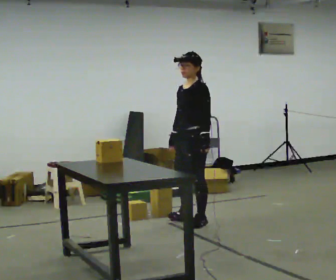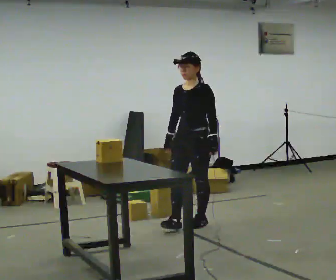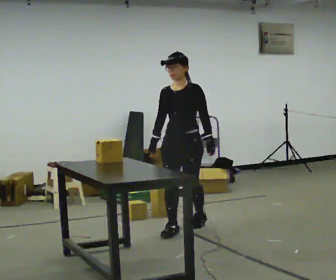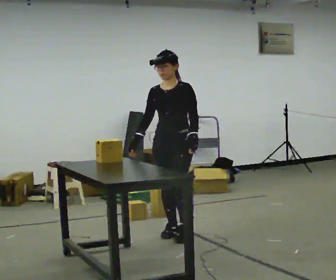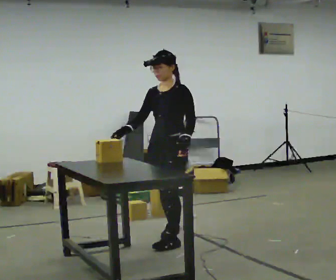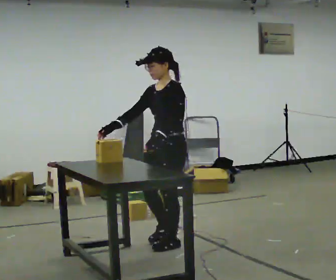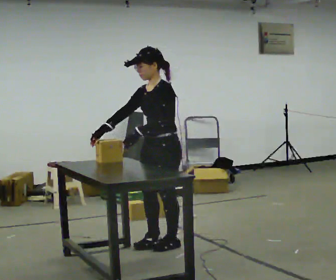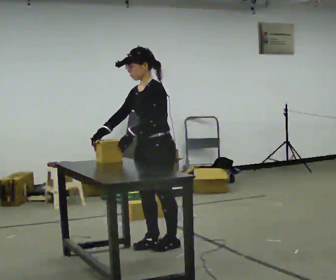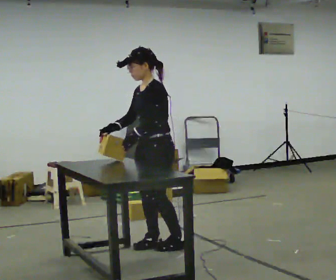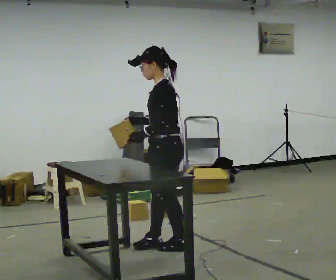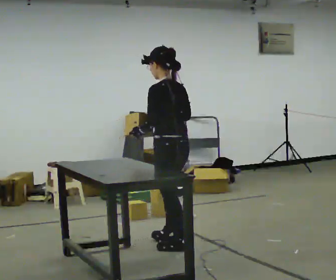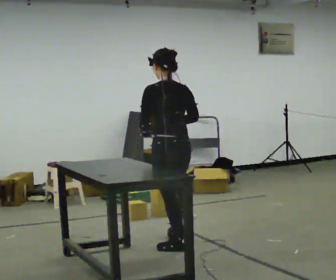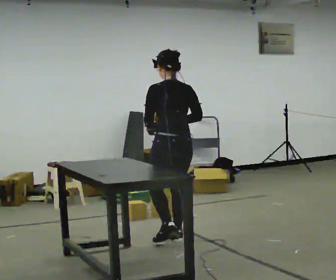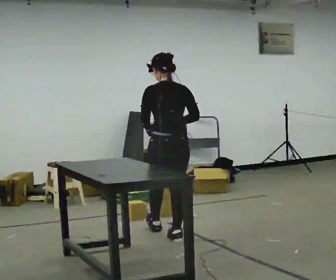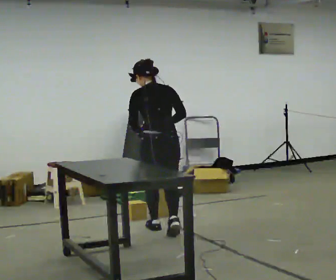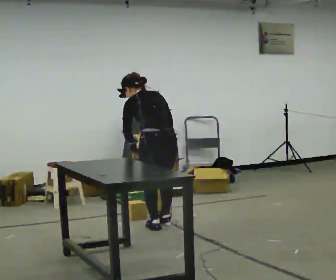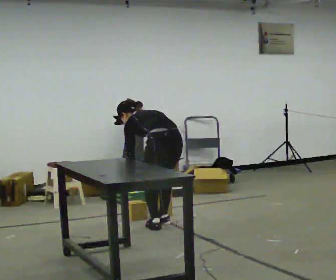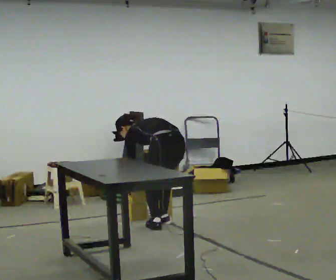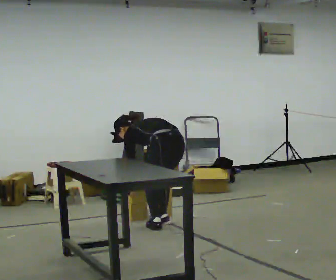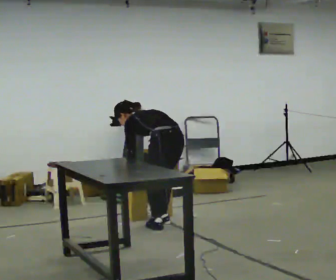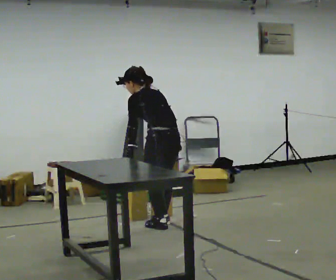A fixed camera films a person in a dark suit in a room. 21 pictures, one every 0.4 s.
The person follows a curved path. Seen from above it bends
counterclockwise.
0.0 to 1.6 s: The part of the body nearest the lens slides to the right as the person turns to their left by about 30 degrees. In the picture they go toward the camera and to the left, about 0.5 m in 2 steps, which for them is forward.
1.6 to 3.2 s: The part of the body nearest the lens slides to the left as the person turns to their right by about 30 degrees. In the picture they go toward the camera, about 0.25 m in 1 step, which for them is forward and to their left. In the picture their left hand goes to the left.
3.2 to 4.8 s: The part of the body nearest the lens slides to the left as the person turns to their right by about 90 degrees. In the picture they go away from the camera, about 0.25 m in 1 step. In the picture their right hand goes to the right.
4.8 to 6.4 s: In the picture they go away from the camera, about 0.5 m in 2 steps, which for them is forward. The upper body goes downward. The upper body tips away from the camera, its near side rolling upward, as they bend forward. In the picture their left hand goes downward.
6.4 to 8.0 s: The person moves a little, or ends about where they began.
The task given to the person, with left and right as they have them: Pick the fragile object up and set it back down as gently as you can. Repeat at your own pace until the operator says stop. Keep both feet on the marked spots for the whole take. If you have to step, stop and tell the operator.
The film runs forward here.
